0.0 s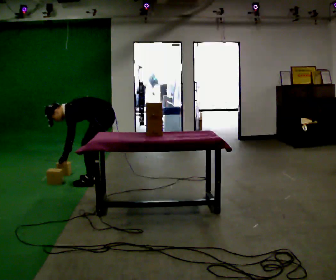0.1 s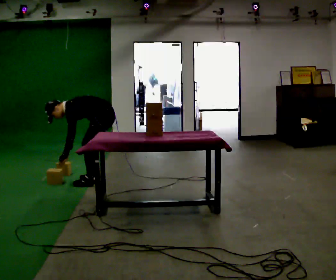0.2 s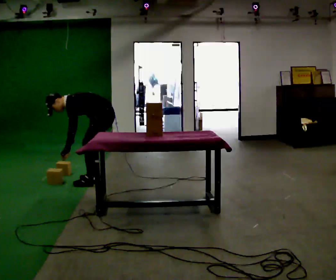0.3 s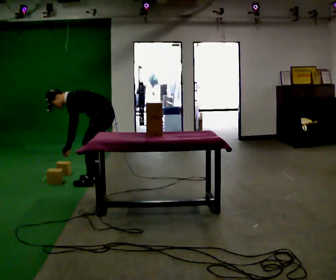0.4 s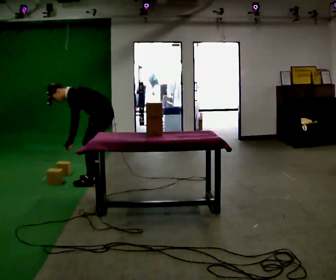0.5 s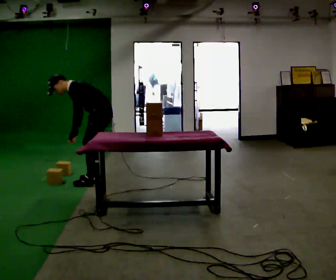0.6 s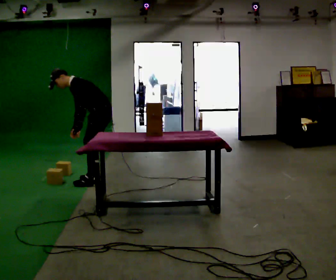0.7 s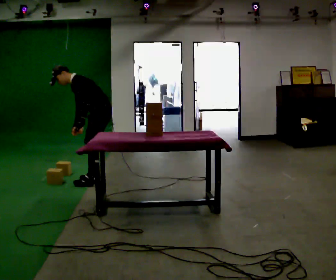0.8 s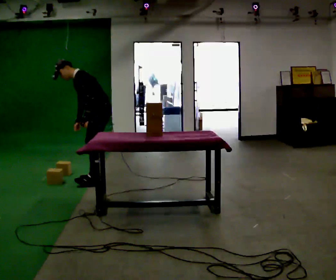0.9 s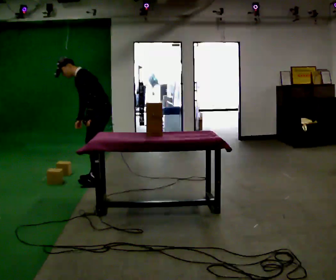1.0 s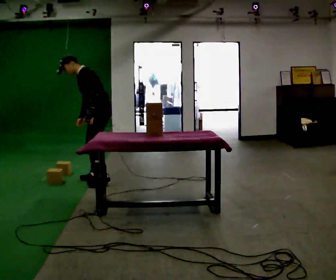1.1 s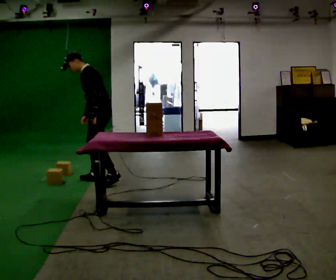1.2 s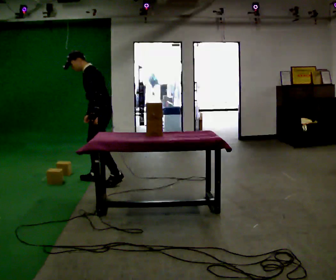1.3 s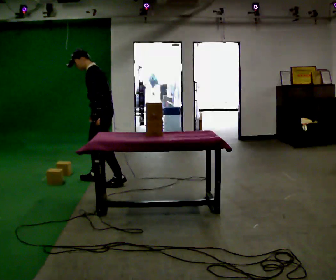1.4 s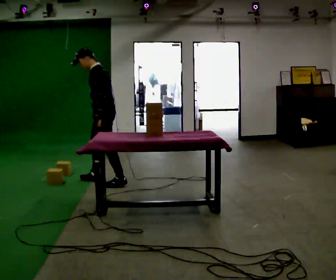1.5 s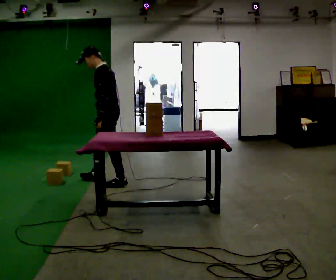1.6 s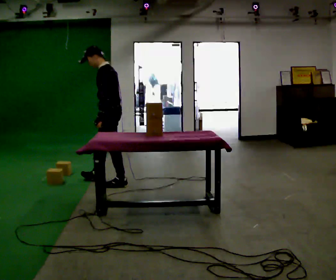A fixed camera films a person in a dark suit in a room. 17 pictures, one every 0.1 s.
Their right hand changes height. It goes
upward.
The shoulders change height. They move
upward.
0.0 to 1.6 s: The upper body goes upward. In the picture the upper body tilts clockwise, shoulders to the right, as they lean back or straighten. In the picture their right hand goes to the right and upward.
The film runs backward here.
